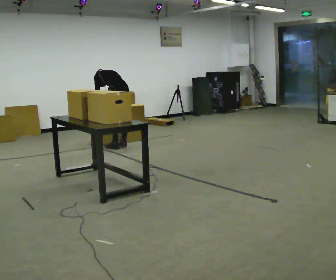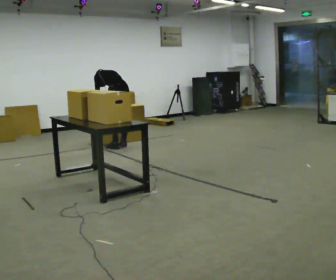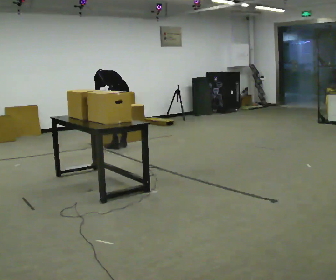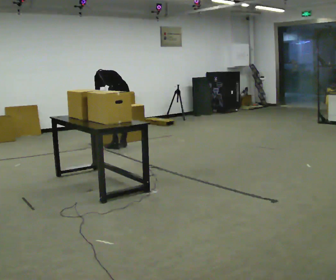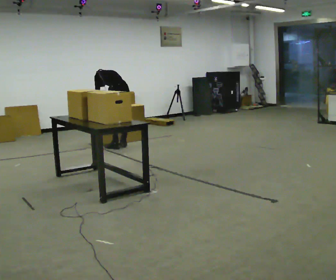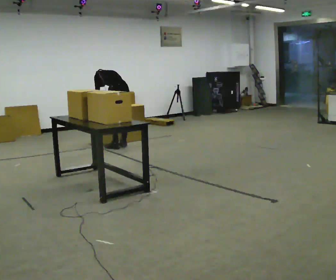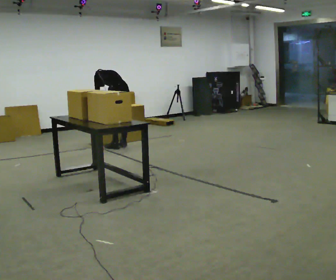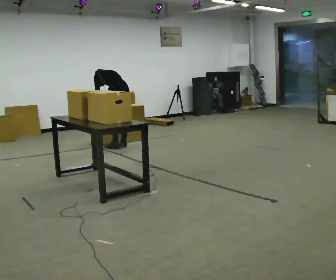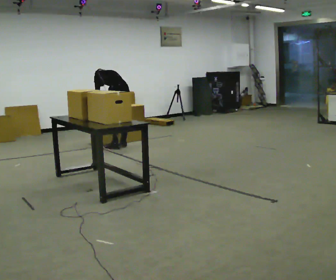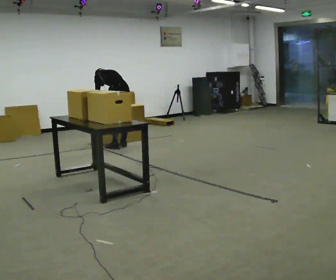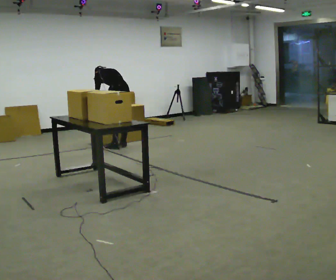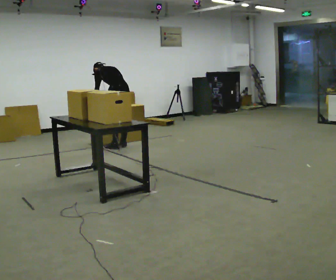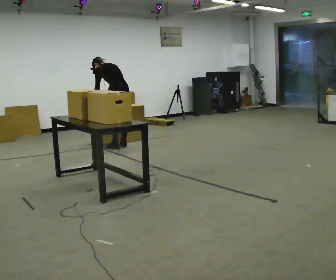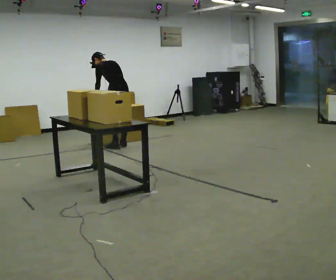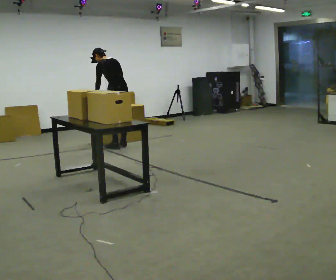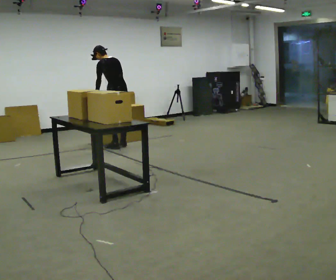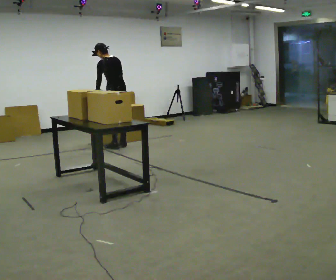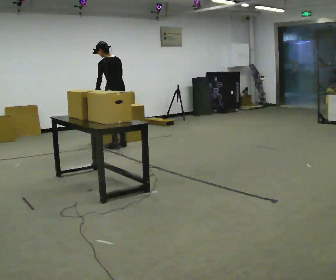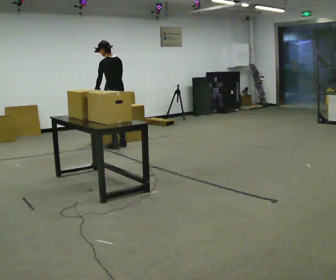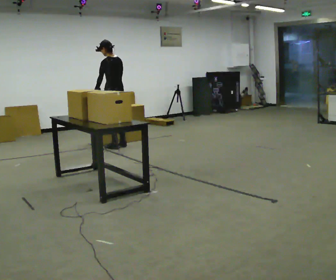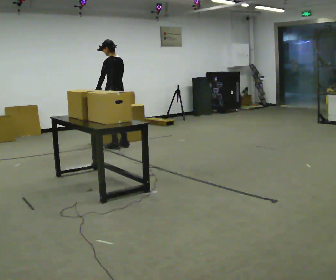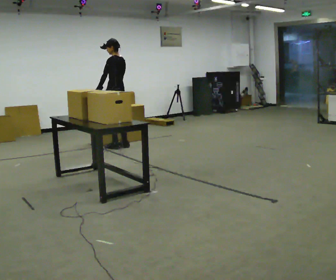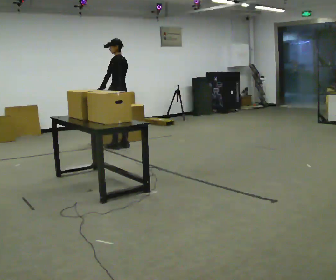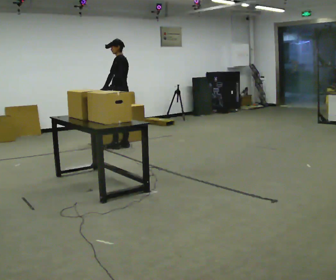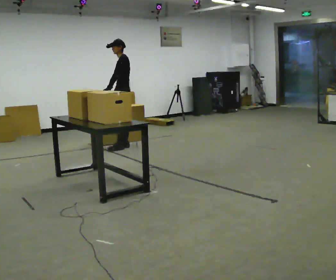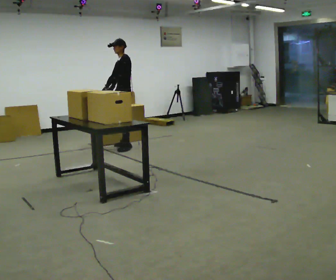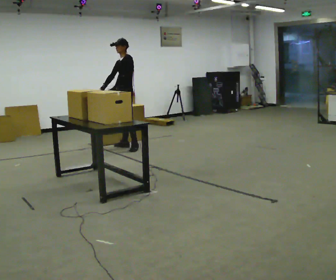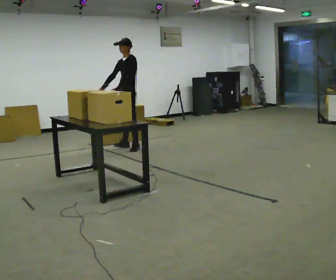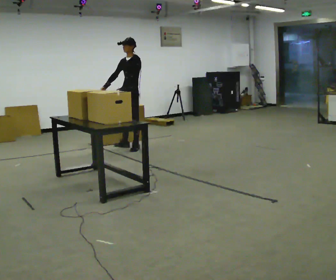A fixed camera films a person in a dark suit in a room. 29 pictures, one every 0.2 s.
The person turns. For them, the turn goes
to their left.
The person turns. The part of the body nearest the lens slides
to the right.
0.0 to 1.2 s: The person keeps their place and pose.
1.2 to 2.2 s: The person moves a little, or ends about where they began.
2.2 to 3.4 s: The shoulders move upward. The upper body tips toward the camera, its near side rolling downward, as they lean back or straighten.
3.4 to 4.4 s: The person turns about 30 degrees to their left, counterclockwise seen from above, so the part of the body nearest the lens slides to the right.
4.4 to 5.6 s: The person turns about 45 degrees to their left, counterclockwise seen from above, so the part of the body nearest the lens slides to the right. In the picture they go to the right, about 0.25 m in 1 step, which for them is backward.
The film runs forward here.
